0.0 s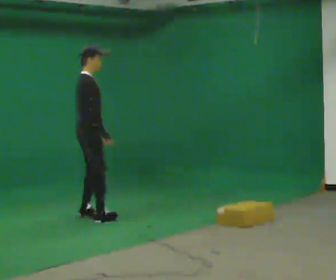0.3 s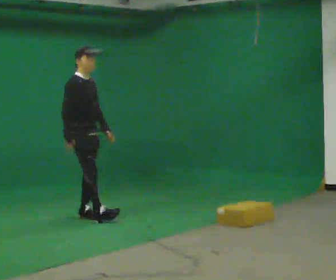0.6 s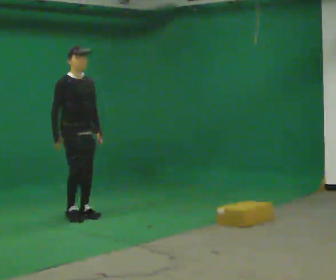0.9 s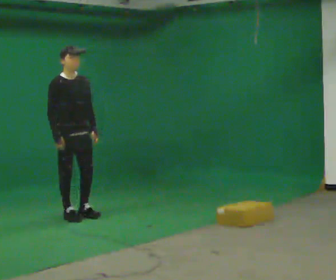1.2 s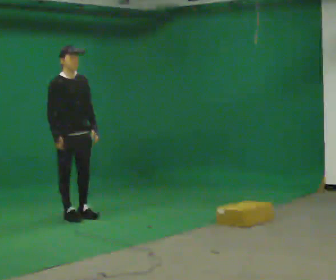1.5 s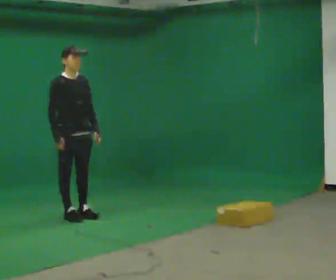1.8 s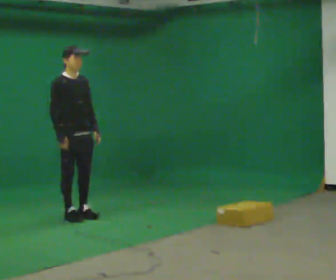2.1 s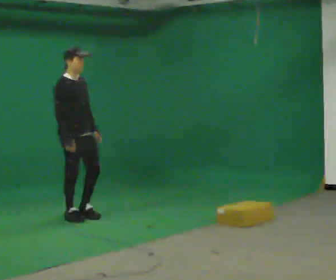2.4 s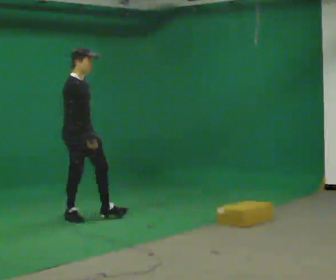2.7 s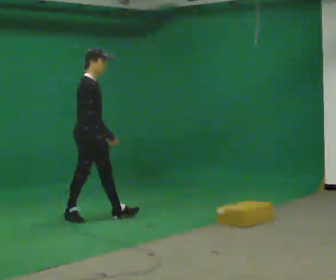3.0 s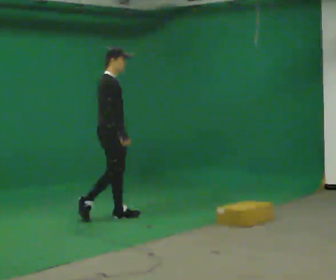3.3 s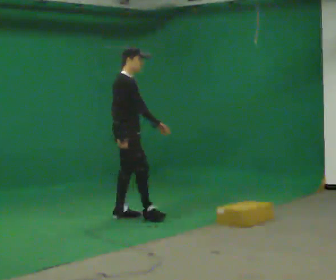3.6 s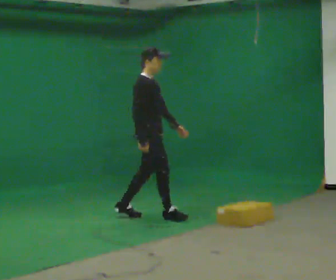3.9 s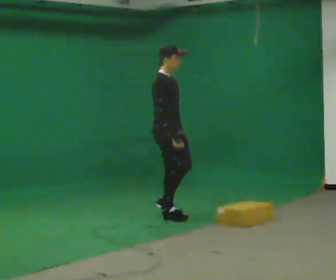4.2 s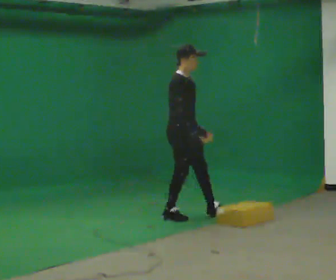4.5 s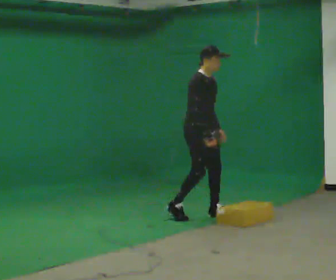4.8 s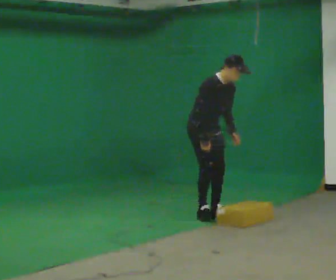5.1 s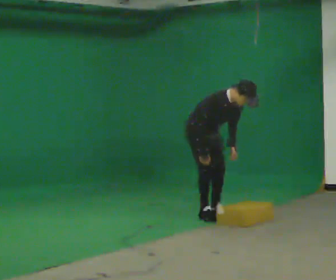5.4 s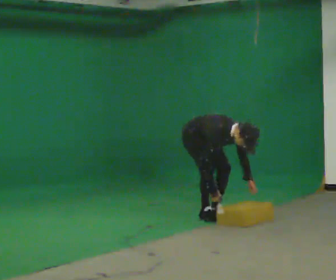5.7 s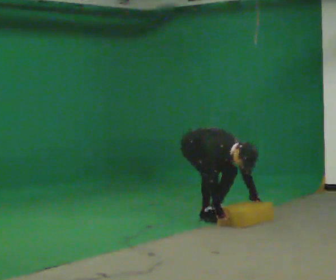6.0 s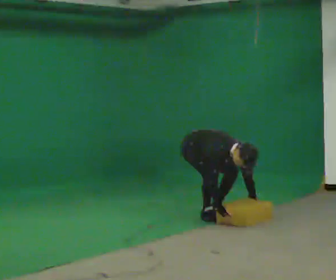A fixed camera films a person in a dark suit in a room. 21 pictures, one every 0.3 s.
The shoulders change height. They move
downward.
0.0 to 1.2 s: The part of the body nearest the lens slides to the left as the person turns to their right by about 45 degrees. In the picture they go to the left, about 0.25 m in 1 step, which for them is backward.
1.2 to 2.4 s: Seen from above the body turns counterclockwise, about 30 degrees: to their left, with its near side sliding to the right.
2.4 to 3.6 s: In the picture they go to the right, about 0.5 m in 2 steps, which for them is forward.
3.6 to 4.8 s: Seen from above the body turns clockwise, about 30 degrees: to their right, with its near side sliding to the left. In the picture they go to the right, about 0.5 m in 2 steps, which for them is forward and to their left. In the picture the upper body tilts clockwise, shoulders to the right, as they bend forward.
4.8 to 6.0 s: The upper body goes downward. The upper body tips toward the camera, its near side rolling downward, as they bend forward. In the picture their right hand goes downward.
The film runs forward here.
